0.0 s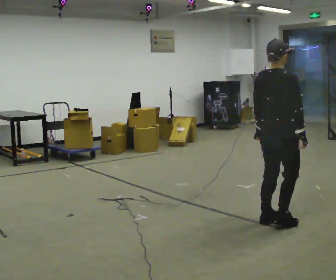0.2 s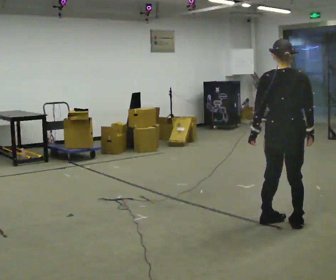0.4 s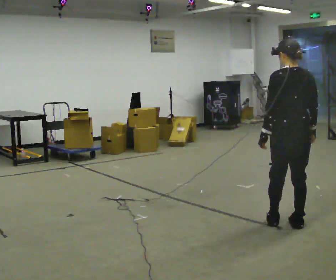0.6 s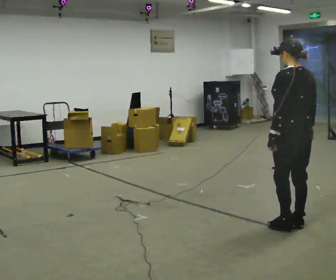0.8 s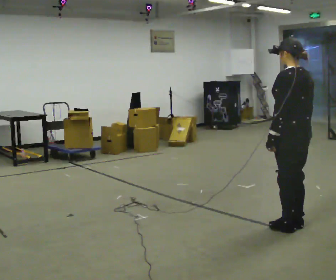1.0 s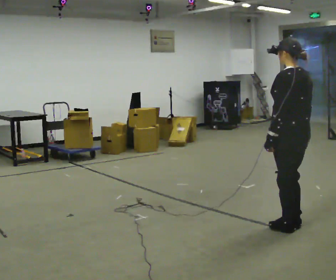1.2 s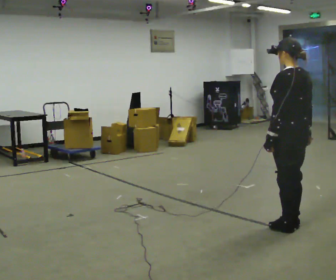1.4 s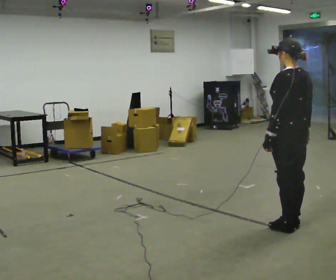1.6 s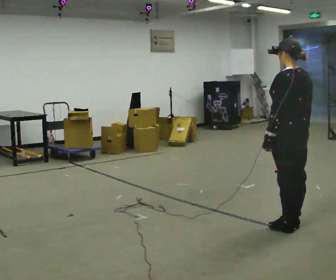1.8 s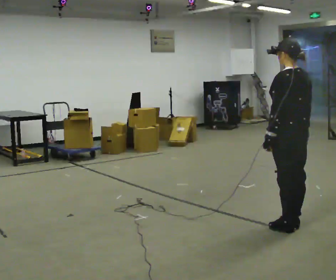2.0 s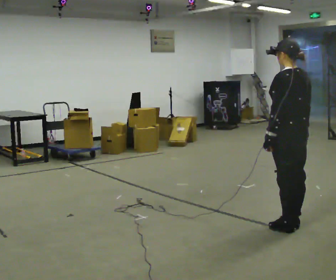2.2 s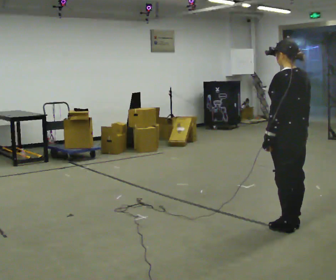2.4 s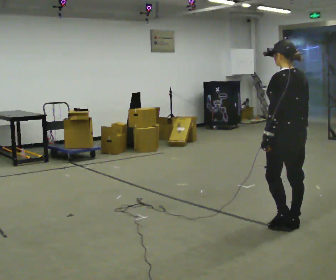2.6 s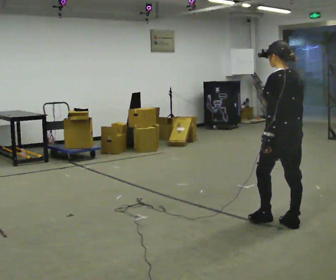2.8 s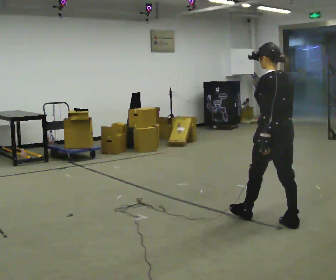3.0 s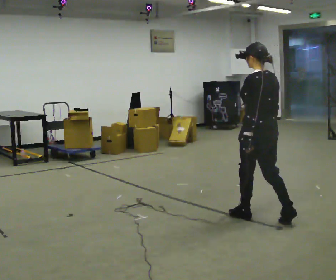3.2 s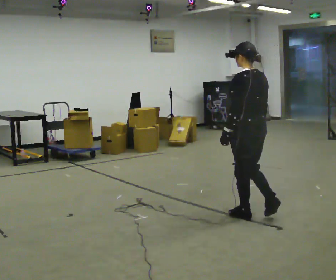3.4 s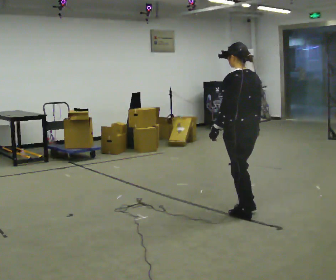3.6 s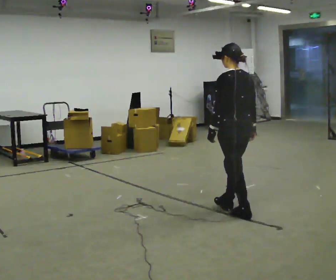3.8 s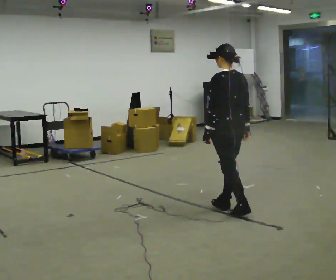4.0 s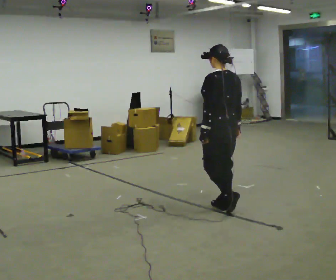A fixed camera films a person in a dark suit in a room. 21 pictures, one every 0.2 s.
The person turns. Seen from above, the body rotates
counterclockwise.
The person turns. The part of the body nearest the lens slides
to the right.
0.0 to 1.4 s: Seen from above the body turns counterclockwise, about 90 degrees: to their left, with its near side sliding to the right. In the picture they go to the right, about 0.25 m in 2 steps.
1.4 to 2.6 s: The person moves a little, or ends about where they began.
2.6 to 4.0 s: In the picture they go to the left and away from the camera, about 0.75 m in 2 steps, which for them is forward.
The film runs forward here.
